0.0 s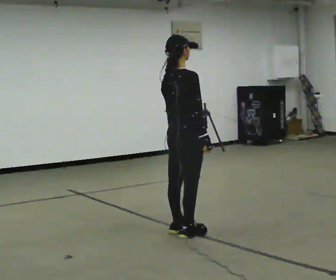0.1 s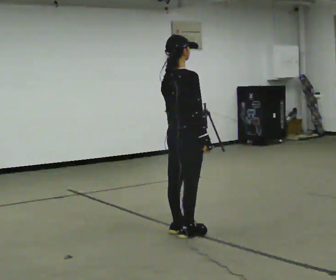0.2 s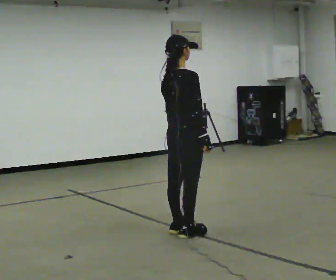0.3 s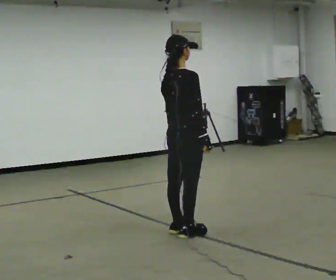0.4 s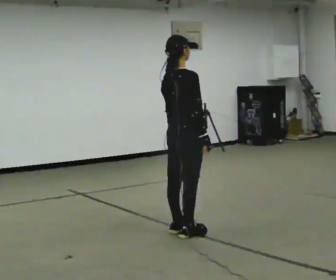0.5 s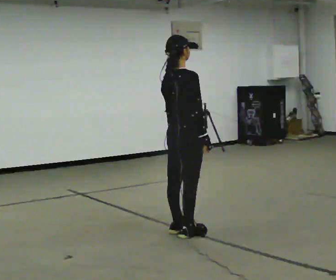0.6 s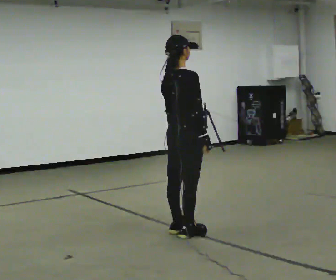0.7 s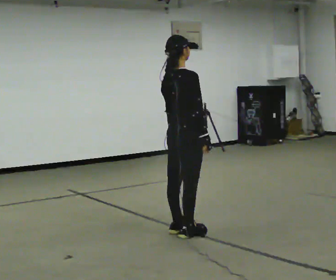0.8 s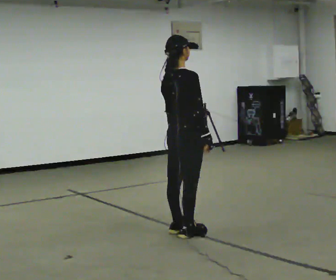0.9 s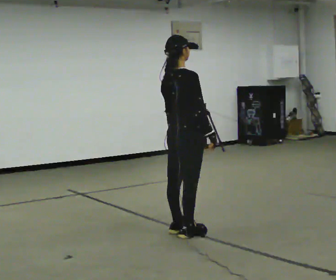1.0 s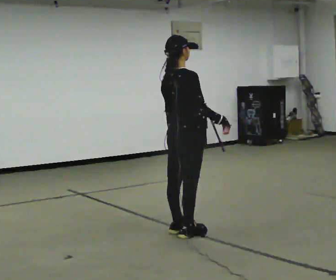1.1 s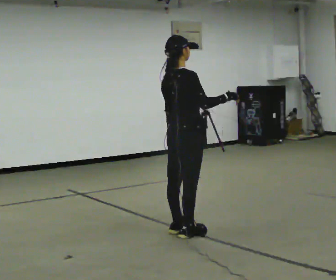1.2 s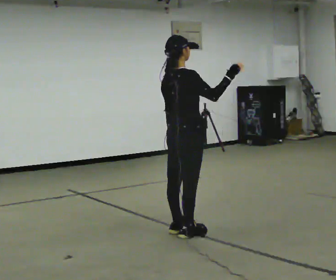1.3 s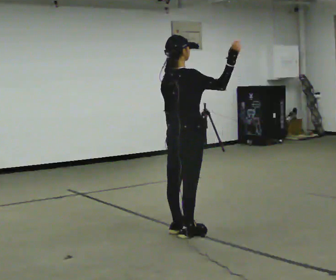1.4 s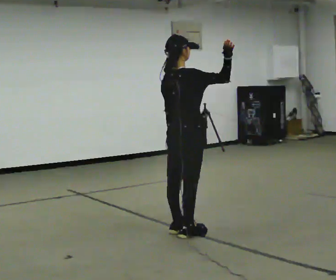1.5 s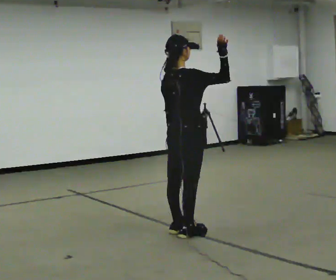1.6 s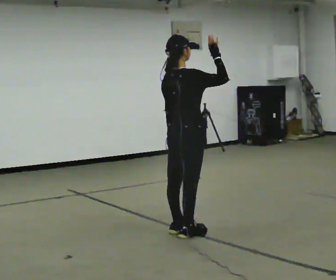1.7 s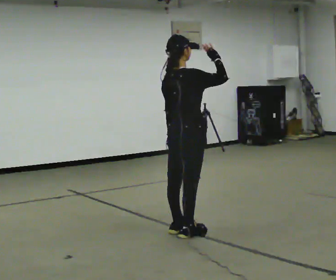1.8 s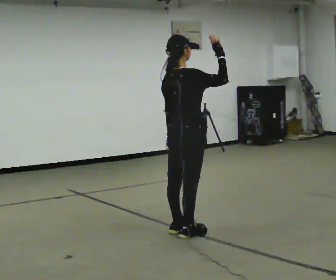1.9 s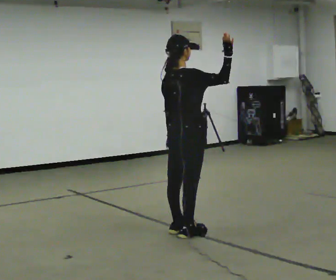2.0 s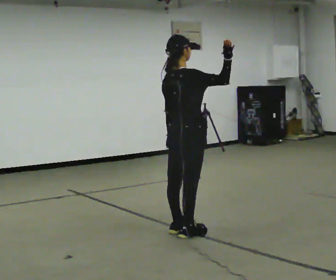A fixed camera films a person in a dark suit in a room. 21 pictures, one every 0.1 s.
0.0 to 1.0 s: The person moves a little, or ends about where they began.
1.0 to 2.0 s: In the picture their right hand goes upward, the arm swinging counterclockwise.
The film runs forward here.
